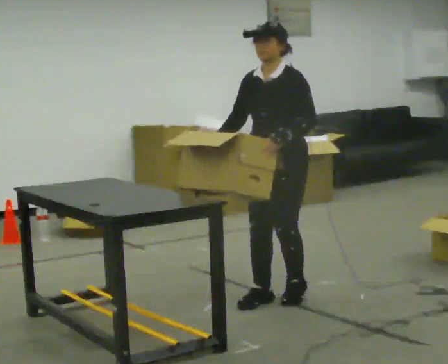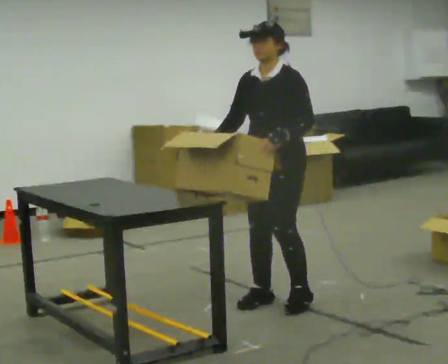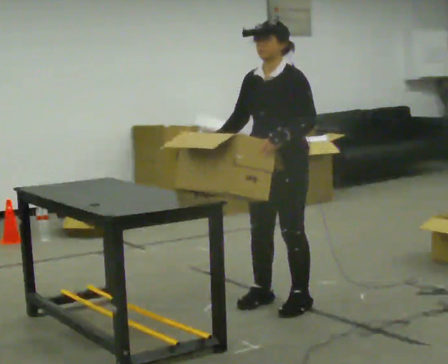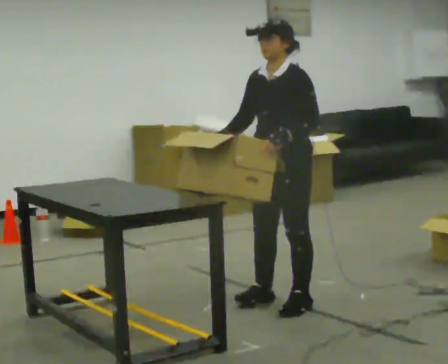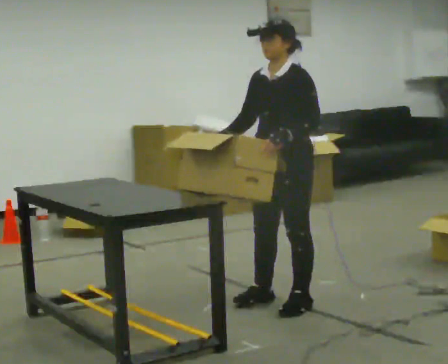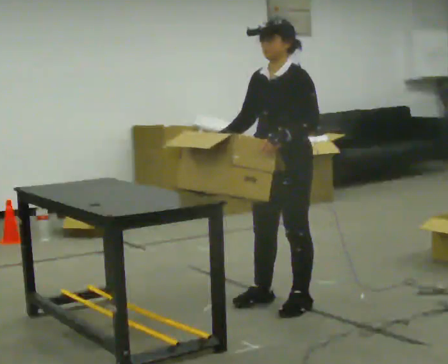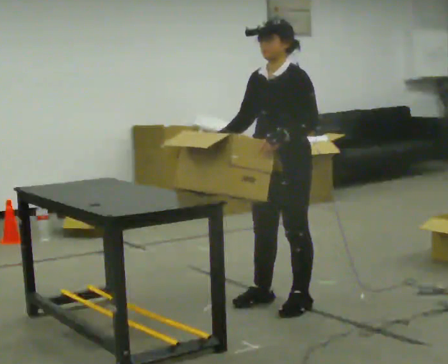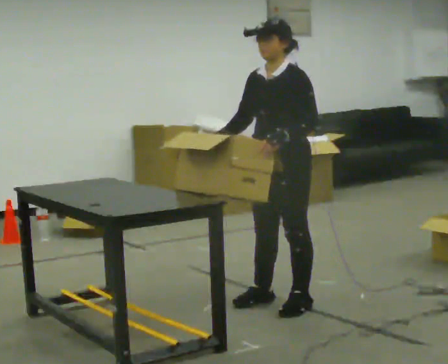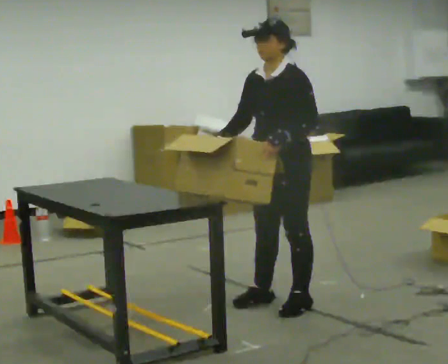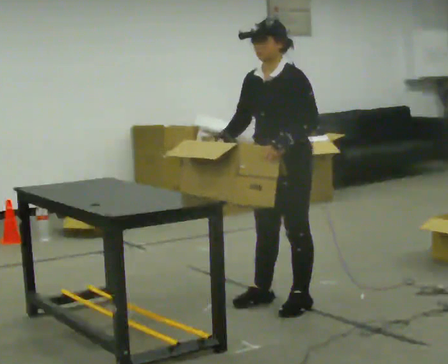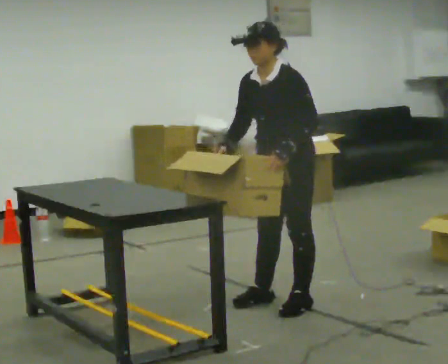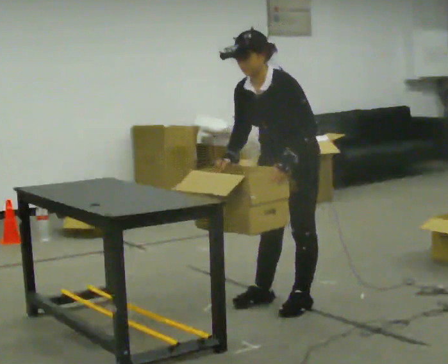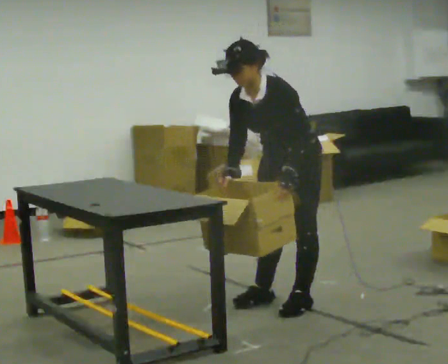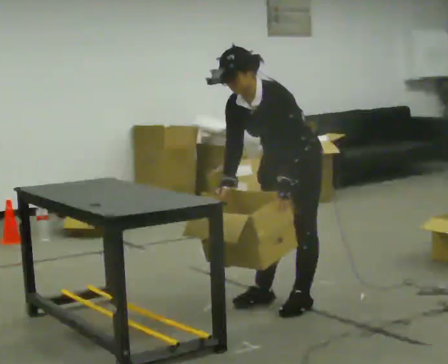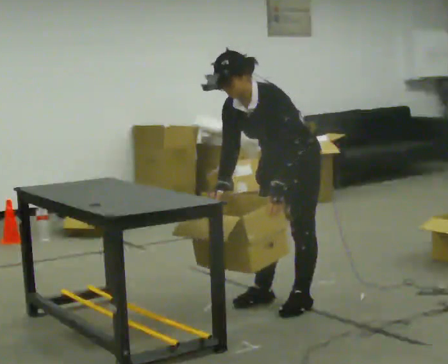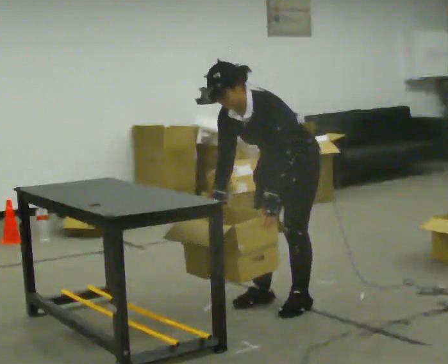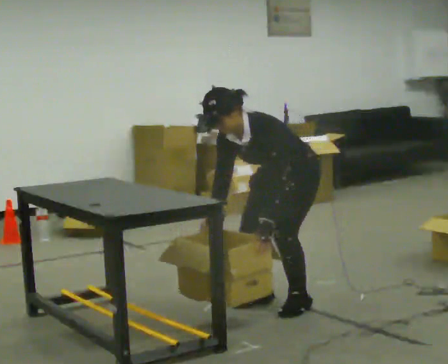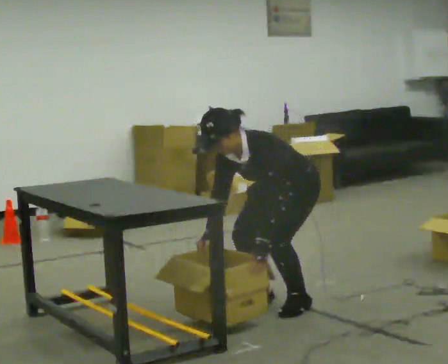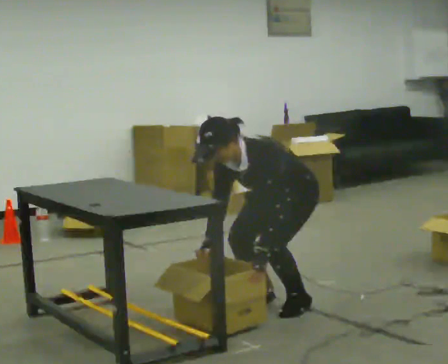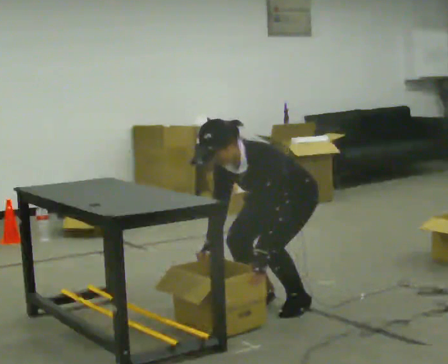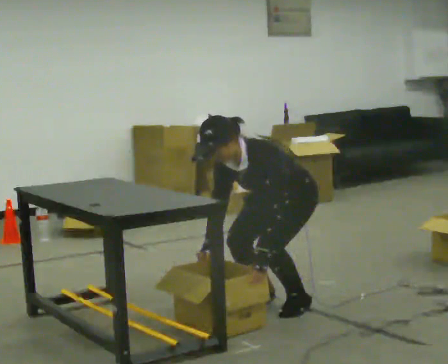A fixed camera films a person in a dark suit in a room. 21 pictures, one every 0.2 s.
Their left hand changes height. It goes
downward.
The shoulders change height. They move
downward.
0.0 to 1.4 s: The person moves a little, or ends about where they began.
1.4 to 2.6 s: In the picture the upper body tilts counterclockwise, shoulders to the left, as they bend forward.
2.6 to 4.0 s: The upper body goes downward. The upper body tips toward the camera, its near side rolling downward, as they bend forward. In the picture their left hand goes downward.
The film runs forward here.
